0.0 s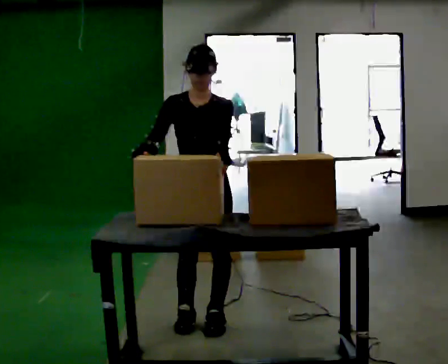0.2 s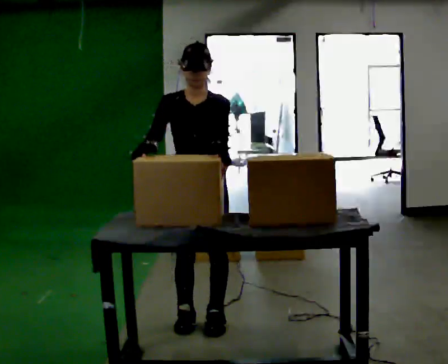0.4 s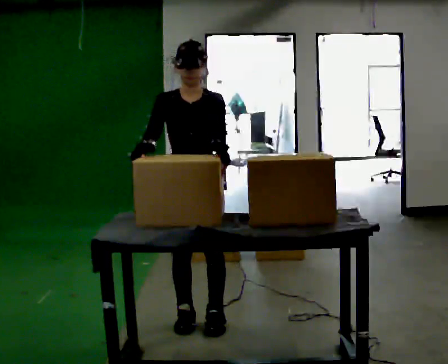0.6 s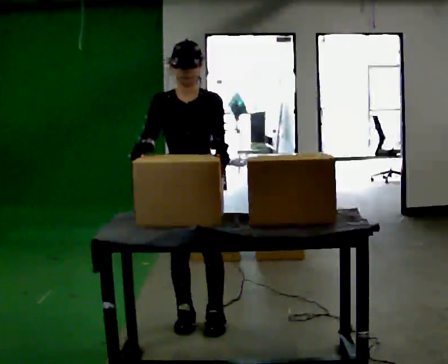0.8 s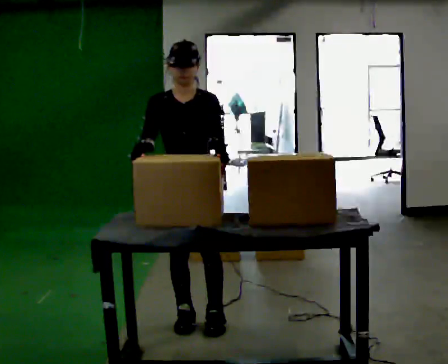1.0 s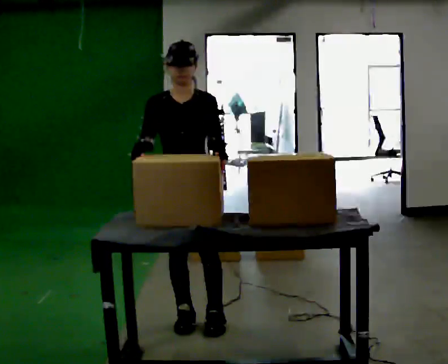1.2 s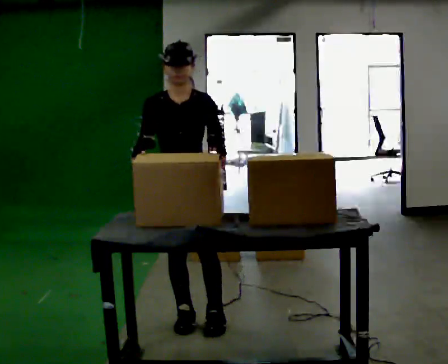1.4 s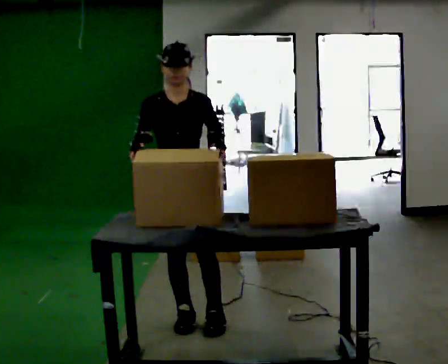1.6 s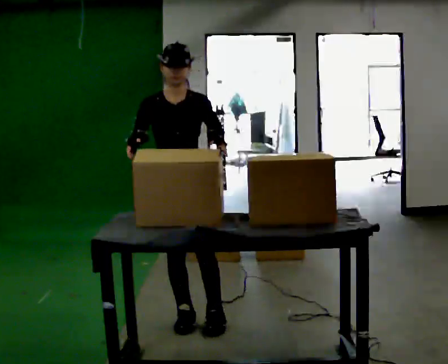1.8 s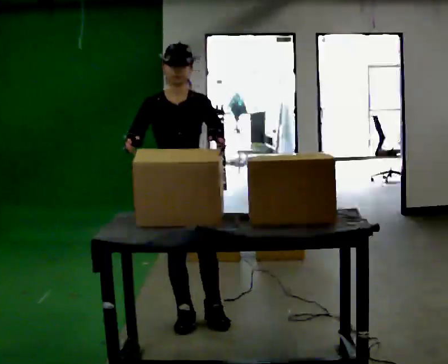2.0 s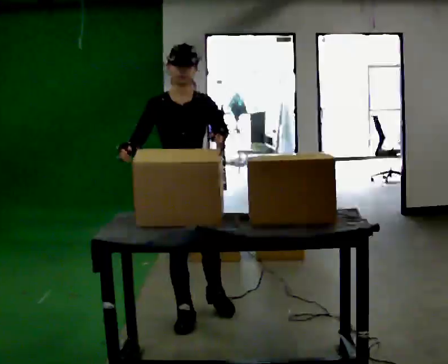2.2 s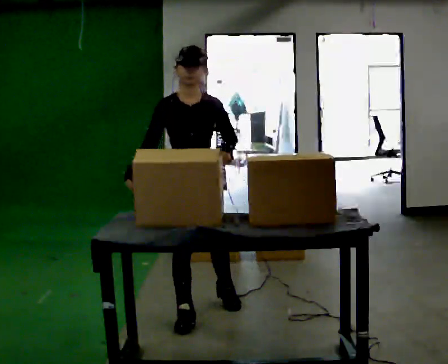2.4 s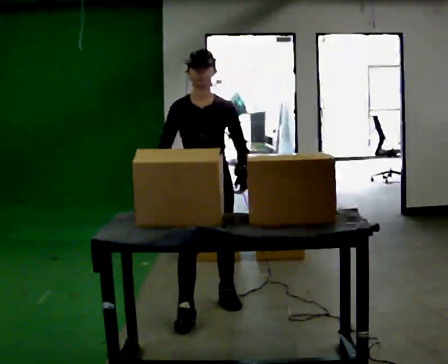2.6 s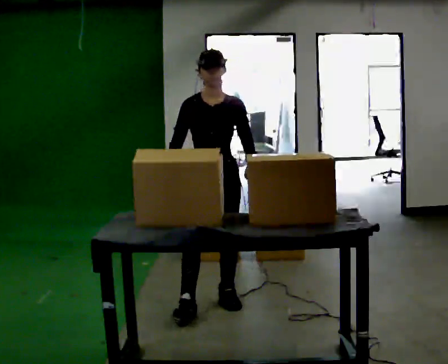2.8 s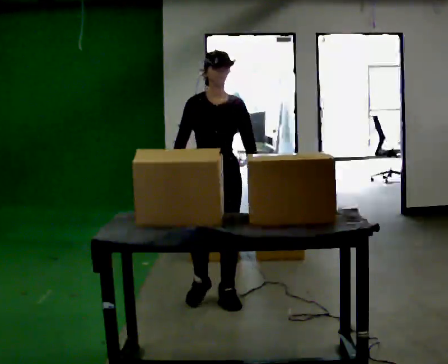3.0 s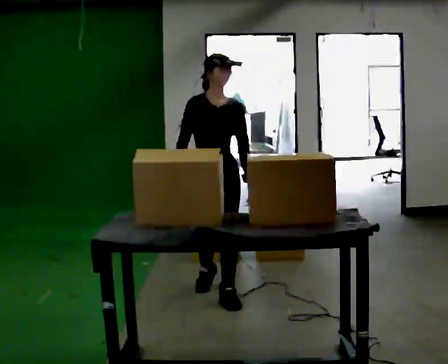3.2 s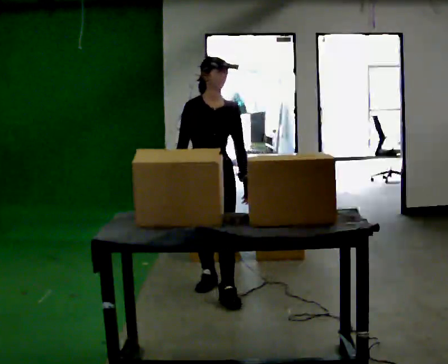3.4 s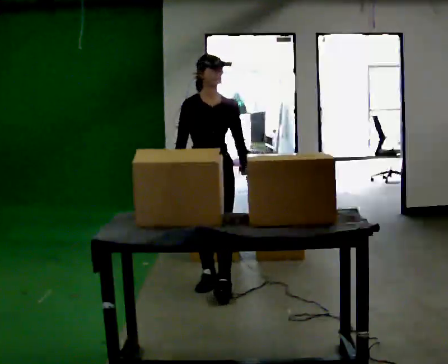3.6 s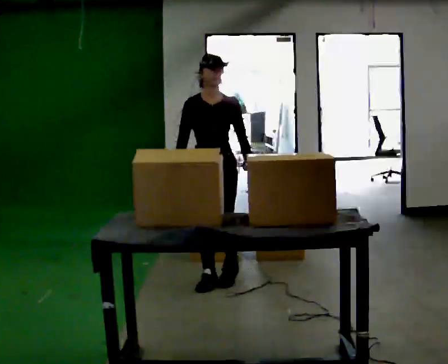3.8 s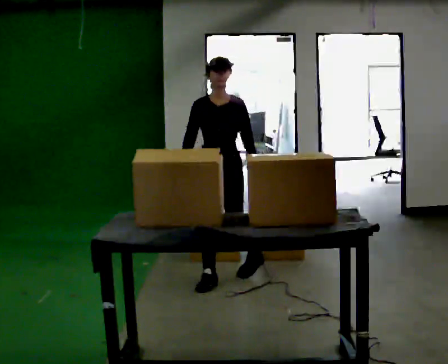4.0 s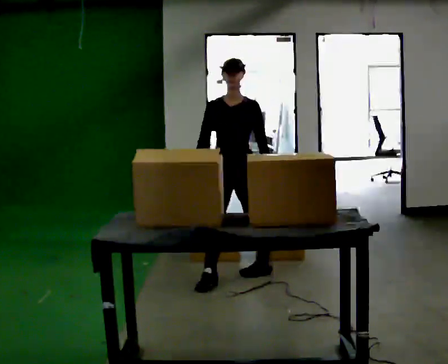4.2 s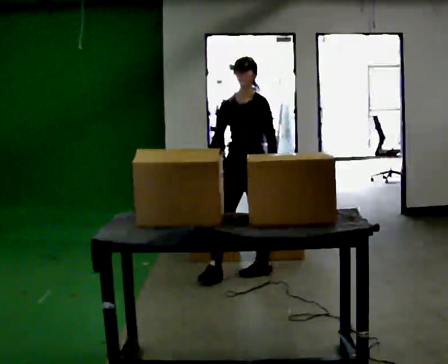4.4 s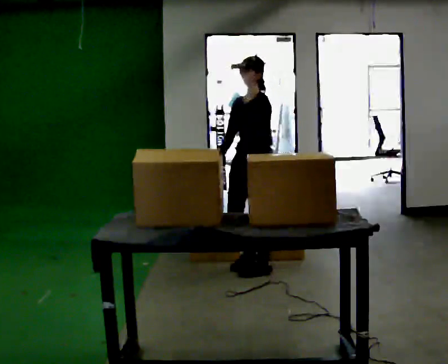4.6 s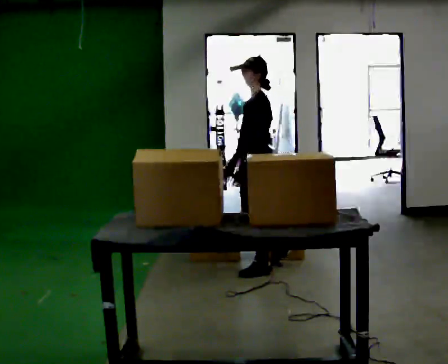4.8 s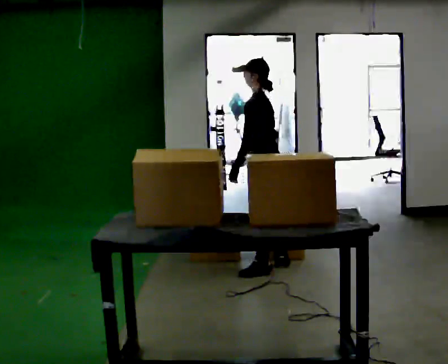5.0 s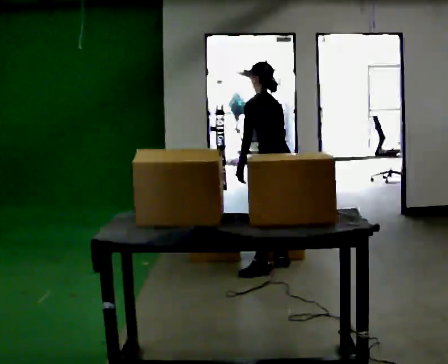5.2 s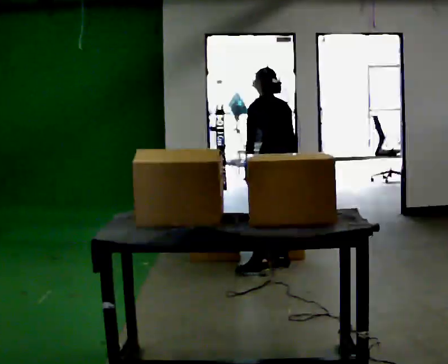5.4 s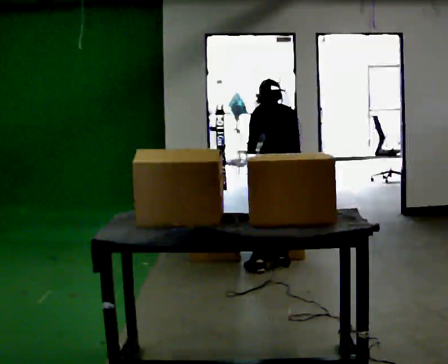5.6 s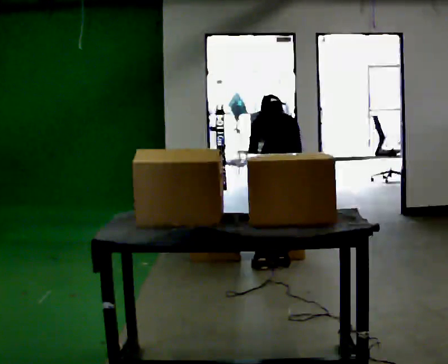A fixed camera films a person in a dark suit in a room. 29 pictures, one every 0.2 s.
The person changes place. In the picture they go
away from the camera.
The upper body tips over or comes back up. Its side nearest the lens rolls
upward.
0.0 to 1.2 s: The person moves a little, or ends about where they began.
1.2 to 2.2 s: In the picture they go away from the camera, about 0.25 m in 1 step, which for them is backward.
2.2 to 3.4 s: In the picture they go away from the camera, about 0.75 m in 2 steps, which for them is backward.
3.4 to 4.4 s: Seen from above the body turns clockwise, about 75 degrees: to their right, with its near side sliding to the left. In the picture they go to the right and away from the camera, about 0.5 m in 1 step.
4.4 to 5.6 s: The person turns about 105 degrees to their right, clockwise seen from above, so the part of the body nearest the lens slides to the left. In the picture they go to the right, about 0.25 m in 1 step. The shoulders move downward. The upper body tips away from the camera, its near side rolling upward, as they bend forward. In the picture their right hand goes to the right, the arm swinging counterclockwise.
The film runs backward here.
